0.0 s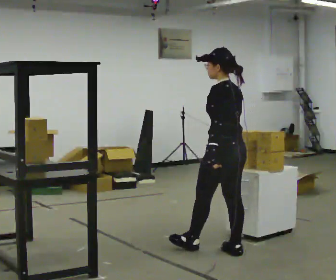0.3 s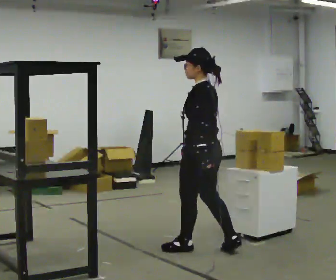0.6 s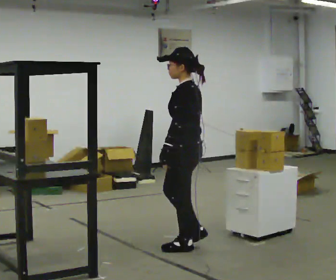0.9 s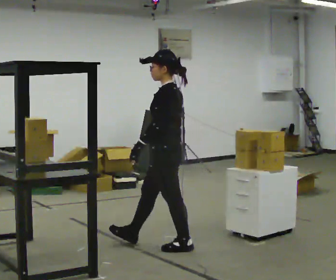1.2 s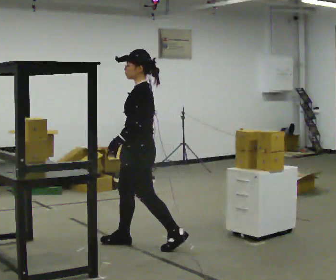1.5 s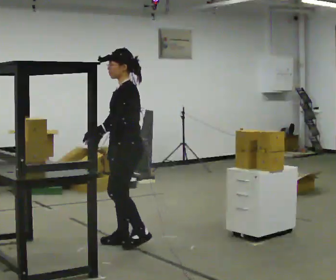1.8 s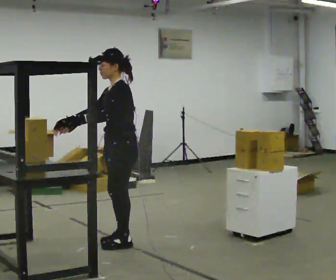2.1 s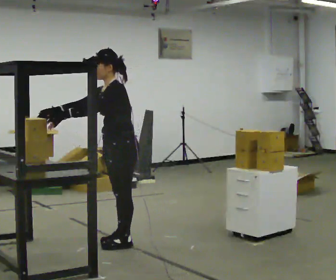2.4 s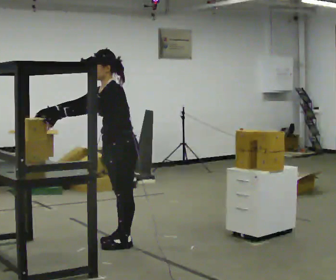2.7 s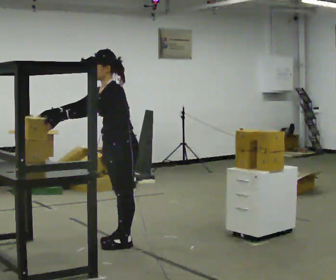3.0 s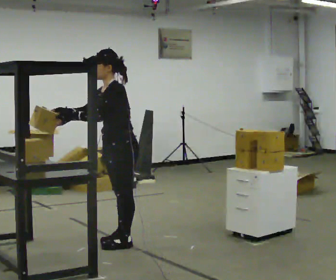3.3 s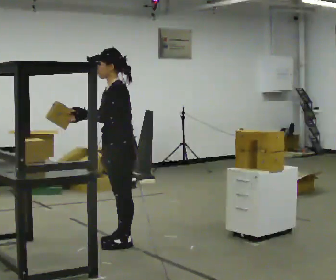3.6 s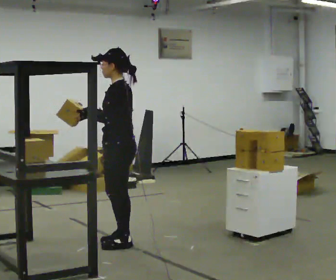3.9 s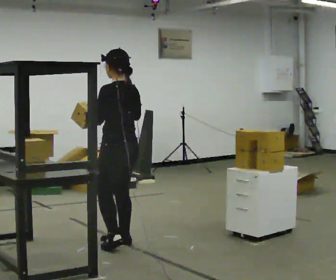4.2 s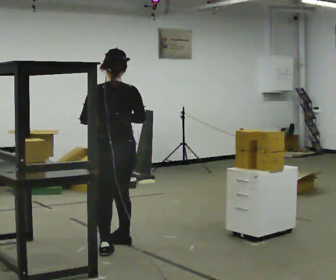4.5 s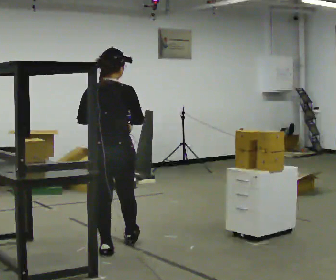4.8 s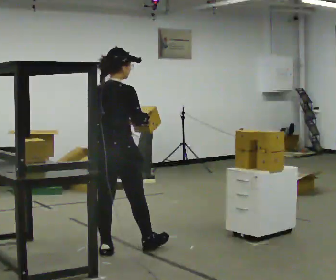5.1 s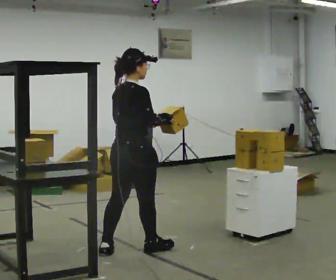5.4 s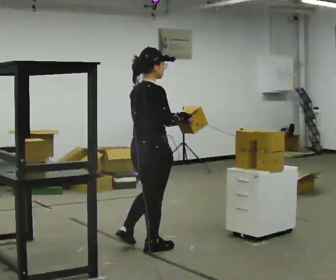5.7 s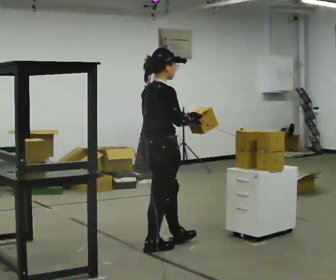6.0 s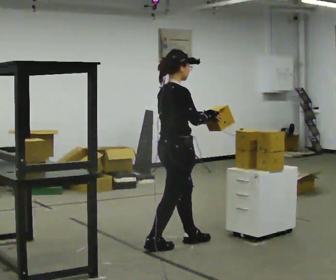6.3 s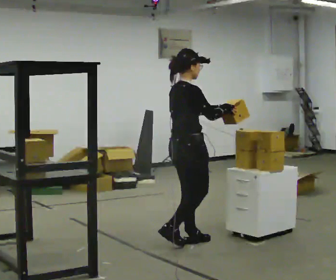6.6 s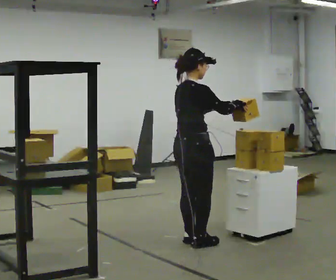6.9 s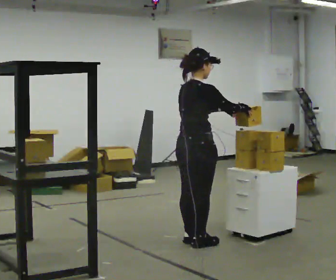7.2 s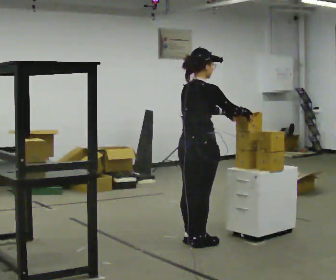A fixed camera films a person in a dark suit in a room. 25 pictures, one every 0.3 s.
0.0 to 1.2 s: The part of the body nearest the lens slides to the right as the person turns to their left by about 45 degrees. In the picture they go to the left, about 0.75 m in 2 steps, which for them is forward.
1.2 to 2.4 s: In the picture they go to the left, about 0.25 m in 1 step, which for them is forward. In the picture the upper body tilts counterclockwise, shoulders to the left, as they bend forward. In the picture their right hand goes to the left, the arm swinging clockwise.
2.4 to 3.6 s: The person turns about 30 degrees to their right, clockwise seen from above, so the part of the body nearest the lens slides to the left. In the picture the upper body tilts clockwise, shoulders to the right, as they lean back or straighten. In the picture their right hand goes to the right.
3.6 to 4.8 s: The person turns about 120 degrees to their right, clockwise seen from above, so the part of the body nearest the lens slides to the left. In the picture they go toward the camera, about 0.25 m in 1 step.
4.8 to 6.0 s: The part of the body nearest the lens slides to the left as the person turns to their right by about 45 degrees. In the picture they go to the right, about 0.5 m in 2 steps, which for them is forward.
6.0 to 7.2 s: In the picture they go to the right, about 0.25 m in 1 step, which for them is forward. In the picture their right hand goes to the right.
The film runs forward here.
